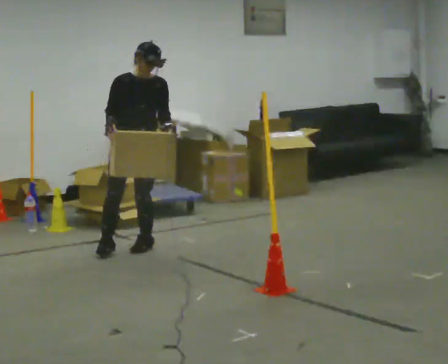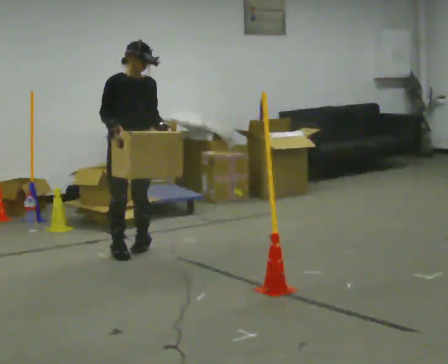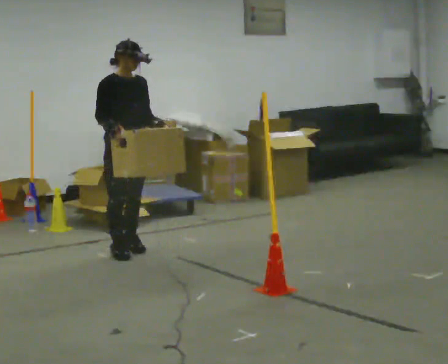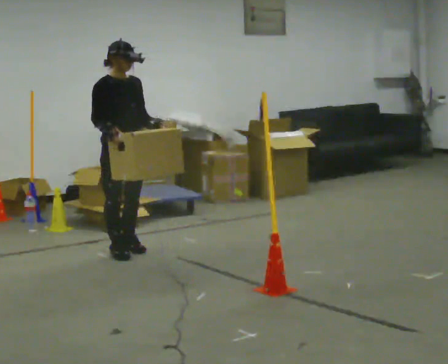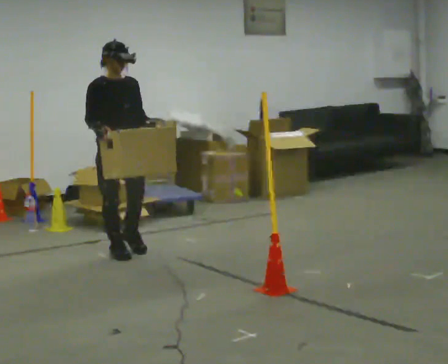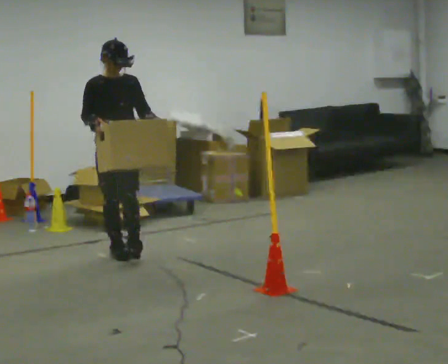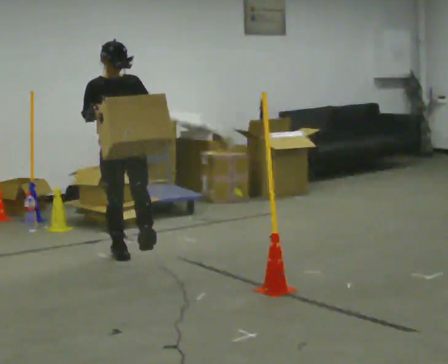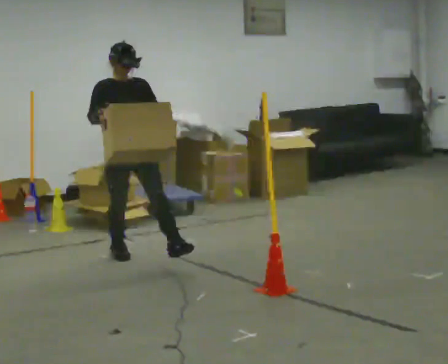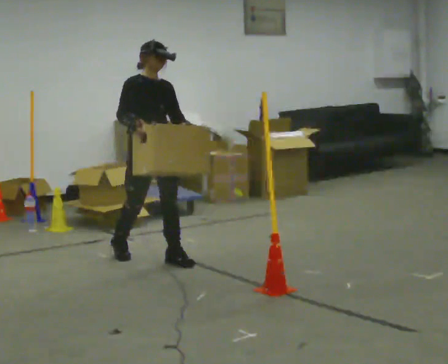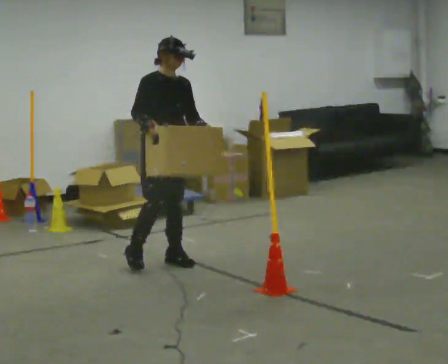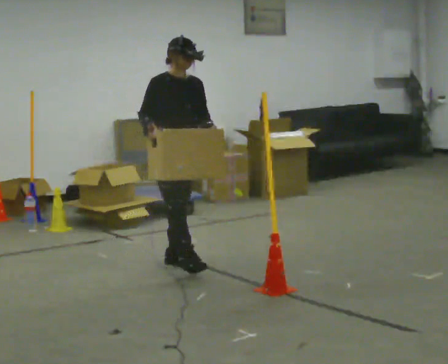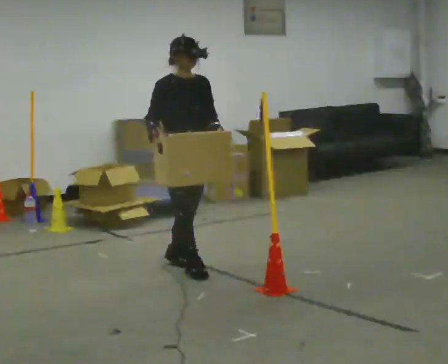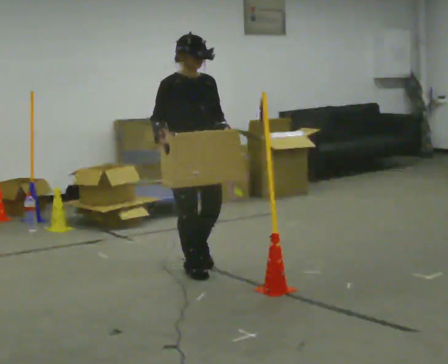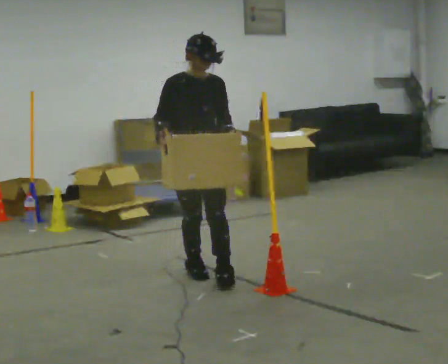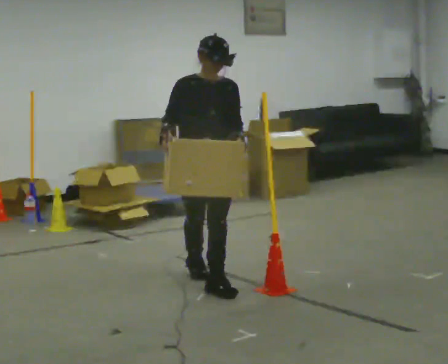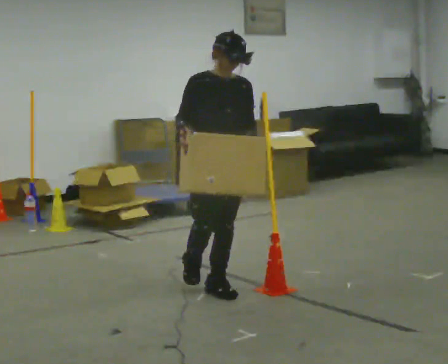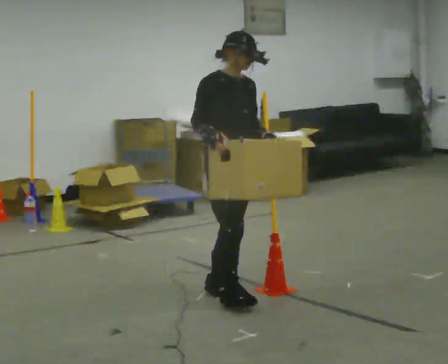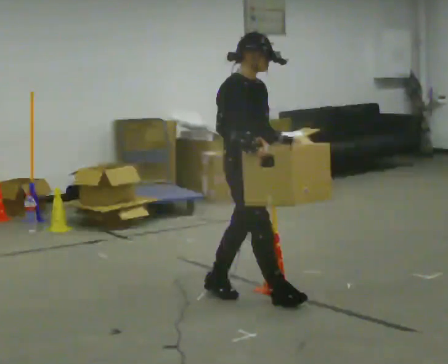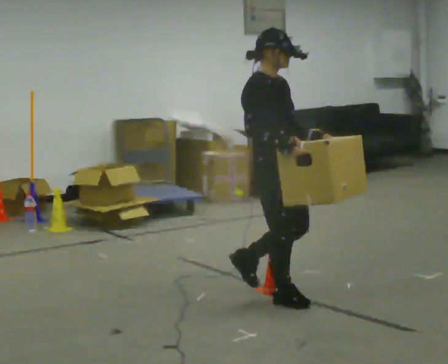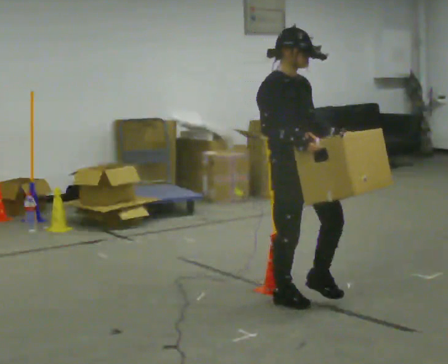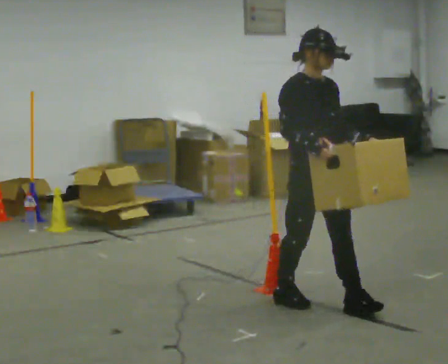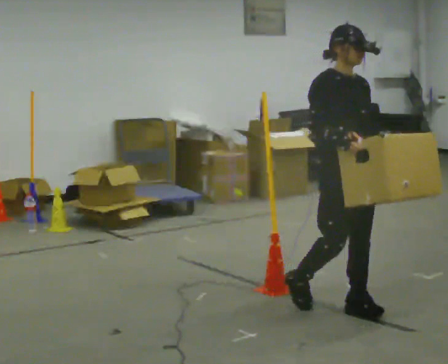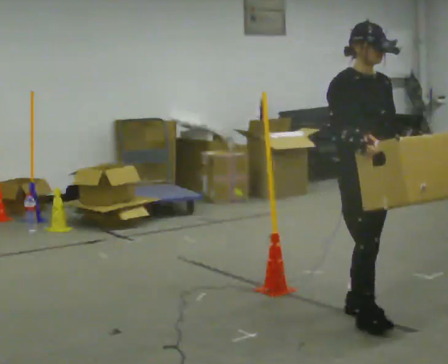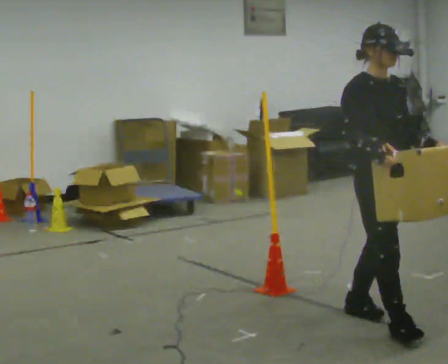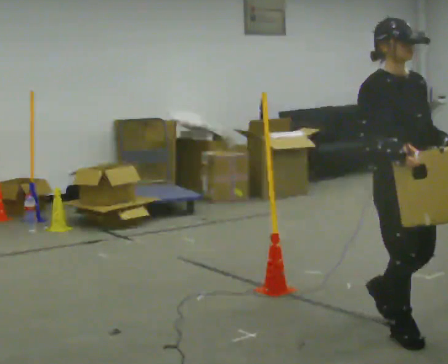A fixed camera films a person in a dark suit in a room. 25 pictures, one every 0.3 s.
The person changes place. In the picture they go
toward the camera.
0.0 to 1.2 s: Seen from above the body turns counterclockwise, about 30 degrees: to their left, with its near side sliding to the right. In the picture they go toward the camera, about 0.25 m in 2 steps, which for them is to their right.
1.2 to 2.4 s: In the picture they go to the right and toward the camera, about 0.25 m in 1 step, which for them is forward and to their left.
2.4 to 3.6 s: In the picture they go toward the camera and to the right, about 0.5 m in 1 step, which for them is forward.
3.6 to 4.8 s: In the picture they go toward the camera and to the right, about 0.5 m in 1 step, which for them is forward.
4.8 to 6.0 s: In the picture they go to the right and toward the camera, about 0.5 m in 2 steps, which for them is forward.
6.0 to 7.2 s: In the picture they go toward the camera and to the right, about 0.5 m in 1 step, which for them is forward.
The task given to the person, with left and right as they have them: Carry the box across the room. The operator will step into your path partway across, so go around them and carry on. Keep going until the operator says stop; one object at a time, and do not rush between trips.
The film runs forward here.
